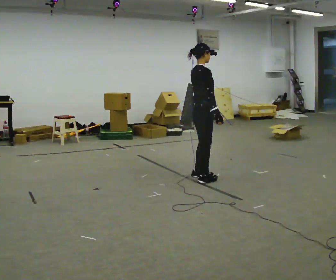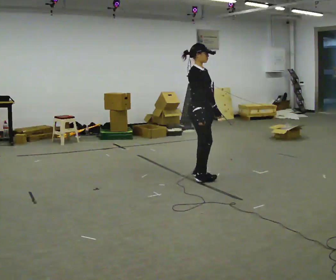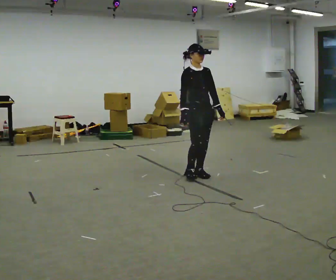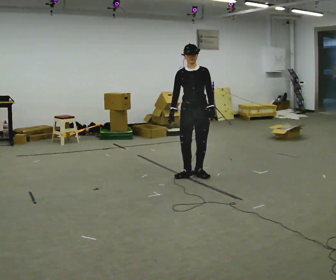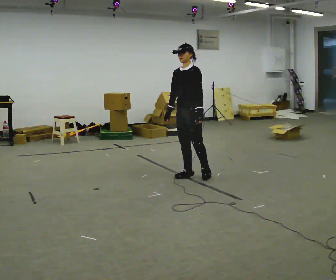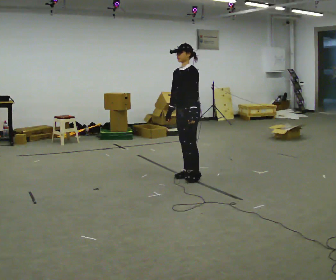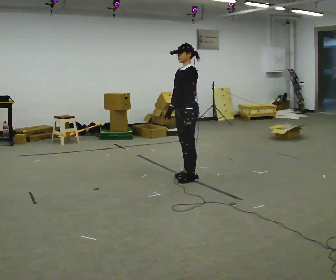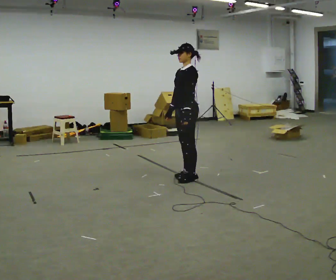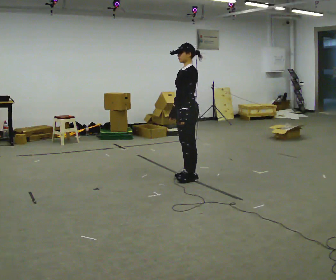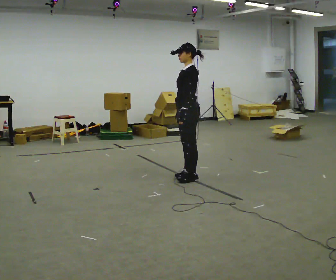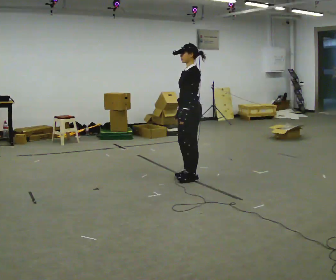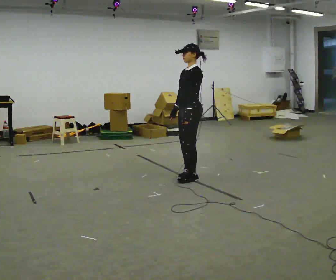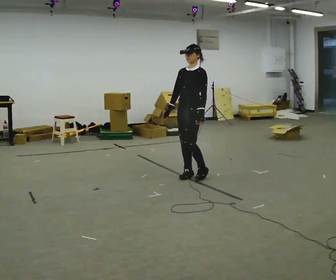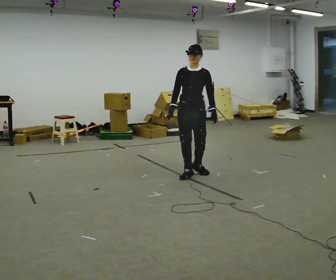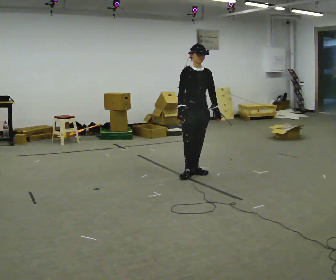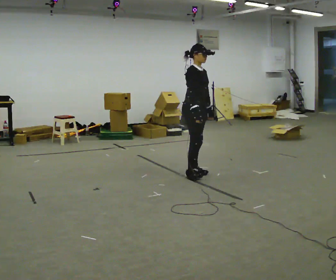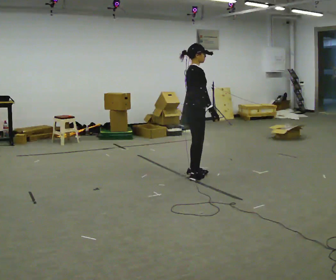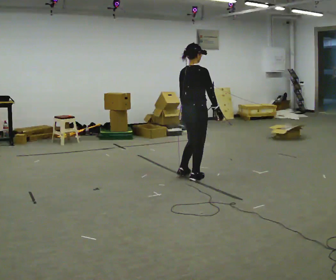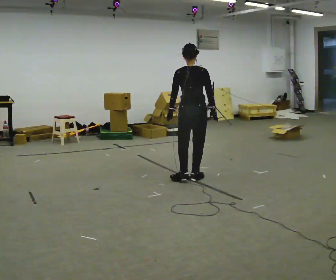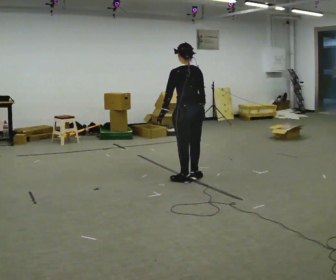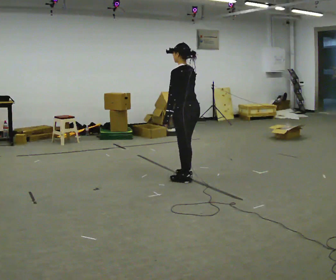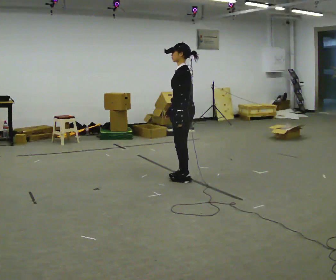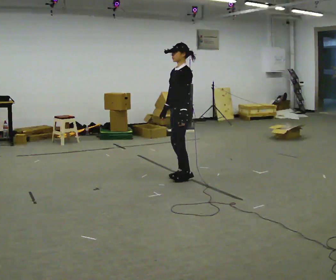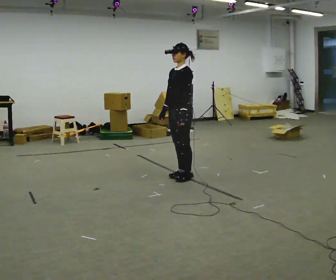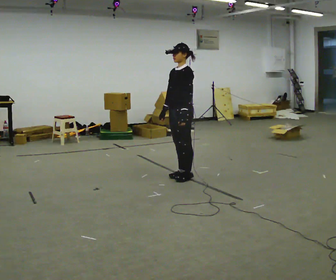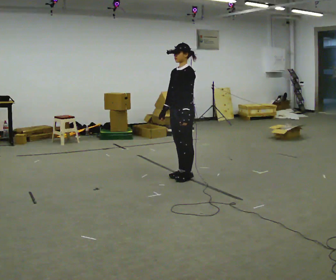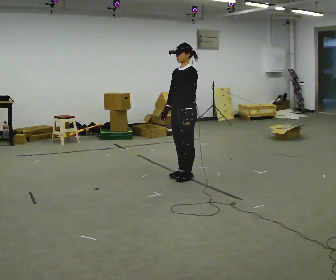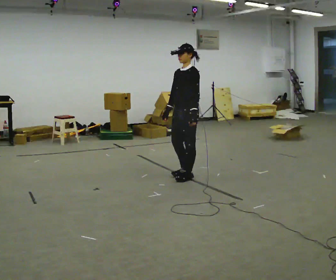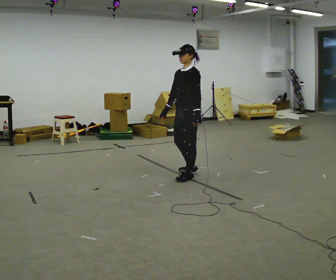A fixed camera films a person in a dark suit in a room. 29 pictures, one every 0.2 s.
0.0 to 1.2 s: The person turns about 165 degrees to their right, clockwise seen from above, so the part of the body nearest the lens slides to the left. In the picture they go to the left, about 0.25 m in 2 steps.
1.2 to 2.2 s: The person moves a little, or ends about where they began.
2.2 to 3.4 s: Seen from above the body turns counterclockwise, about 195 degrees: to their left, with its near side sliding to the right. In the picture their right hand goes to the right, the arm swinging counterclockwise.
3.4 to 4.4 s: Seen from above the body turns counterclockwise, about 150 degrees: to their left, with its near side sliding to the right. In the picture their right hand goes to the left, the arm swinging clockwise.
4.4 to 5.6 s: The person moves a little, or ends about where they began.
The film runs backward here.
